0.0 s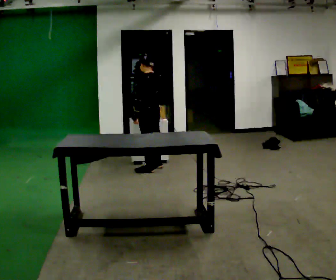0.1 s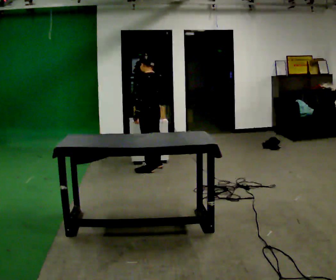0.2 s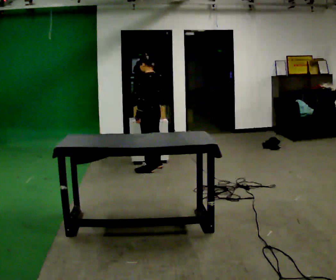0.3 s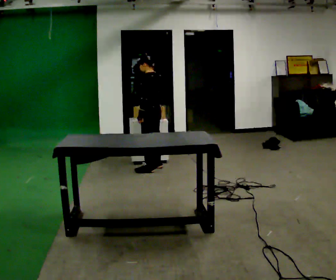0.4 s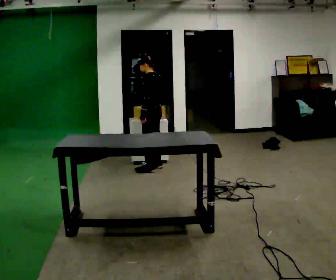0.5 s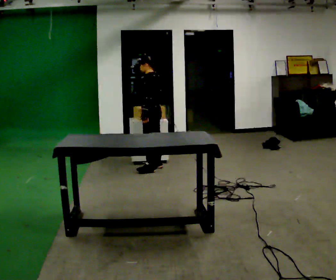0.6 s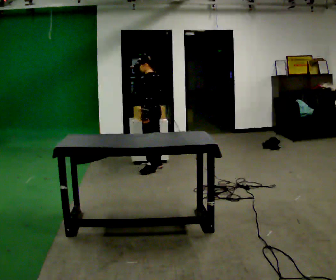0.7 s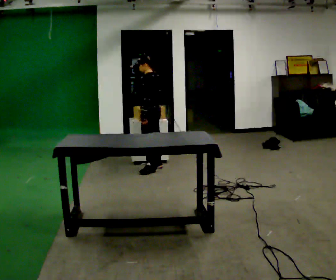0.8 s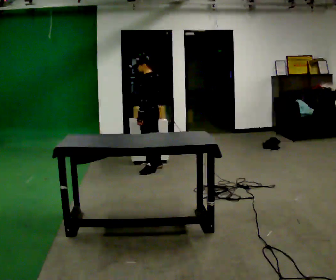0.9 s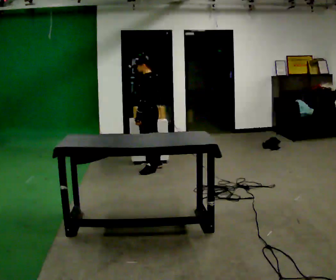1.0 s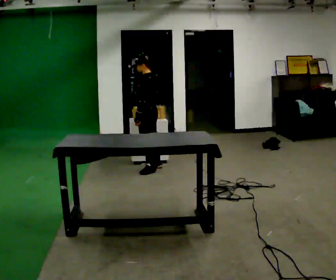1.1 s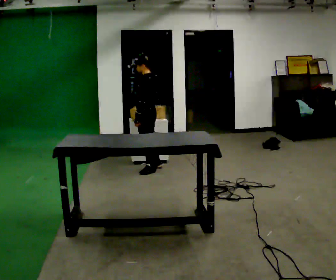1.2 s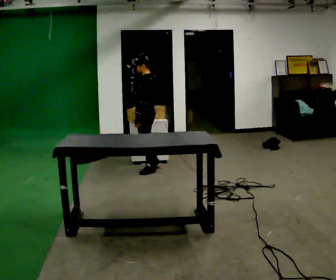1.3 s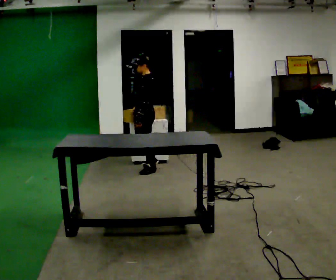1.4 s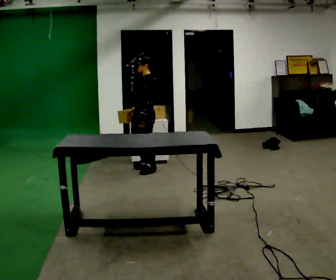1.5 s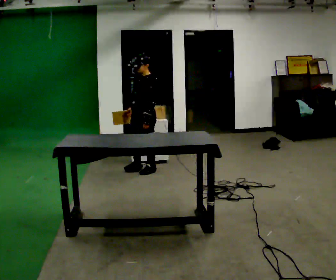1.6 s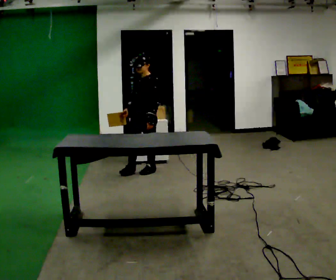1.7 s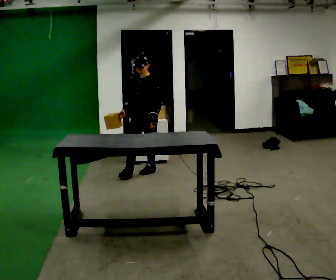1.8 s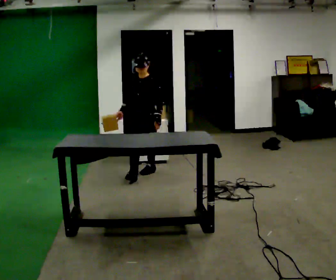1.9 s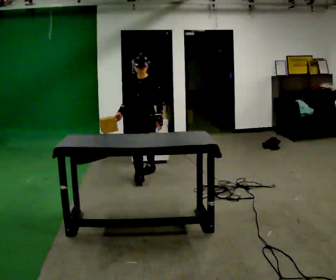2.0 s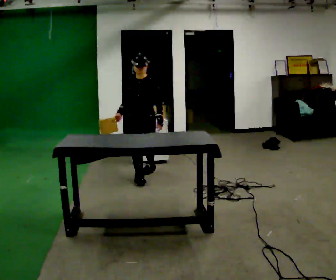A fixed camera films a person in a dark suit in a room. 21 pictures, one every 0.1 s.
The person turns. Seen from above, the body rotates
counterclockwise.
The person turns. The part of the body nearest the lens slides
to the right.
0.0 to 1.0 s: The person moves a little, or ends about where they began.
1.0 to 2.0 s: The person turns about 105 degrees to their left, counterclockwise seen from above, so the part of the body nearest the lens slides to the right. In the picture they go toward the camera, about 0.25 m in 1 step.
The film runs forward here.
